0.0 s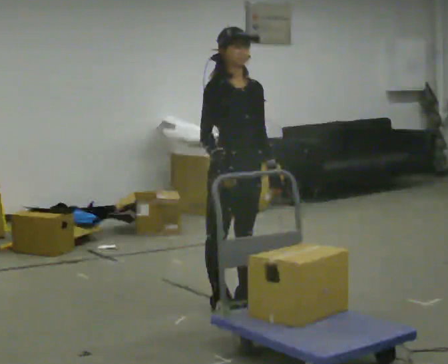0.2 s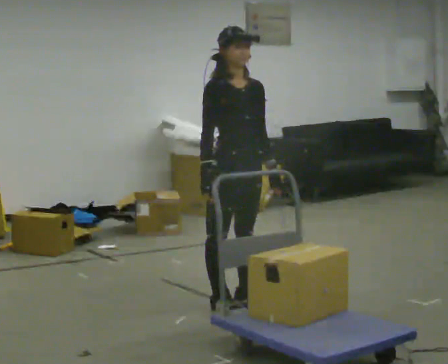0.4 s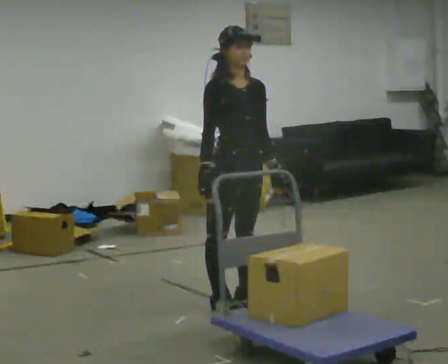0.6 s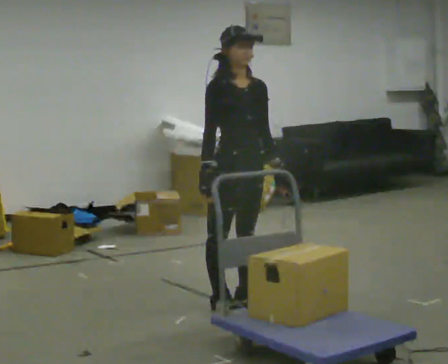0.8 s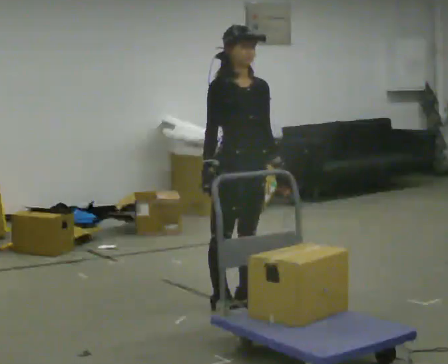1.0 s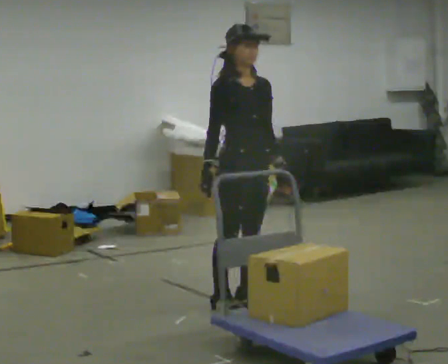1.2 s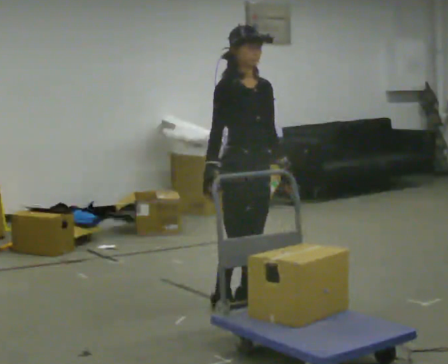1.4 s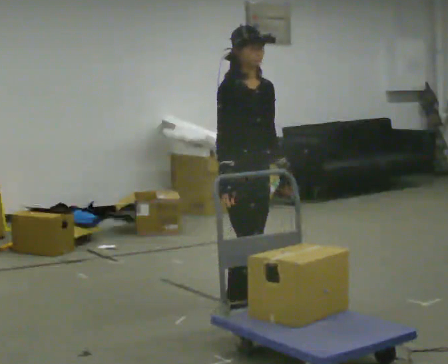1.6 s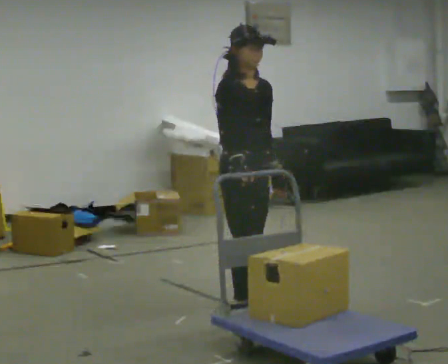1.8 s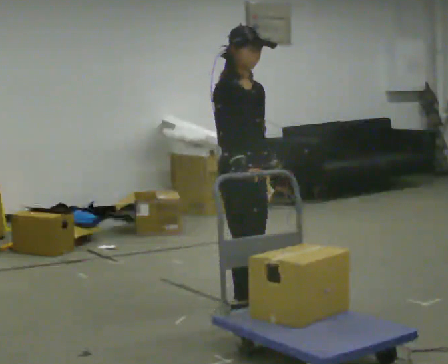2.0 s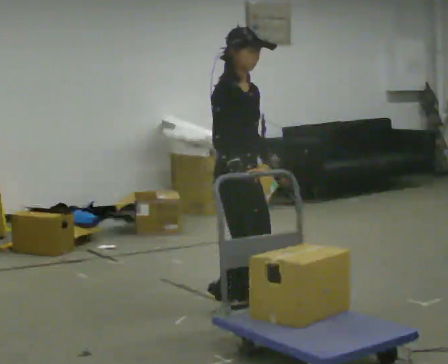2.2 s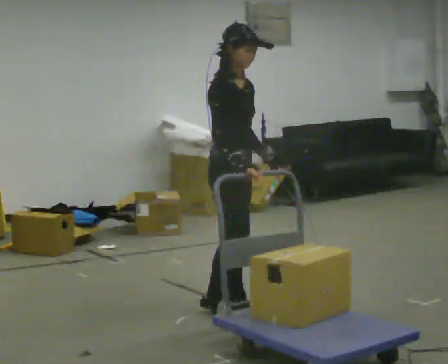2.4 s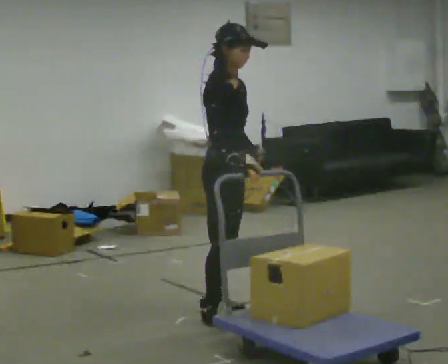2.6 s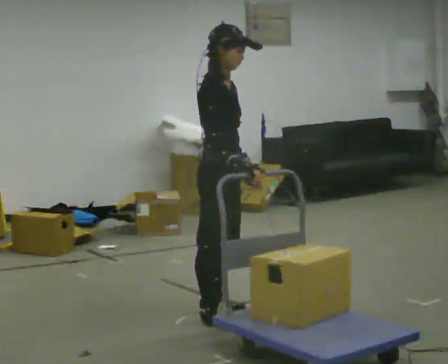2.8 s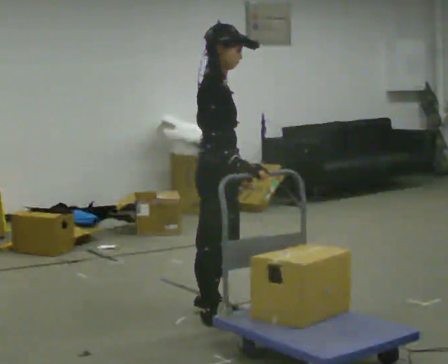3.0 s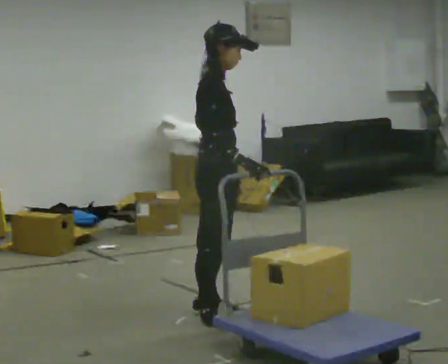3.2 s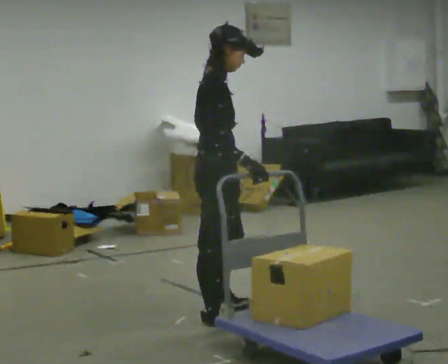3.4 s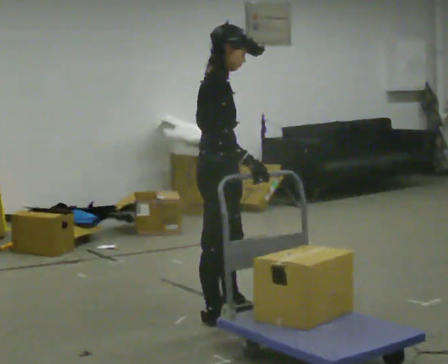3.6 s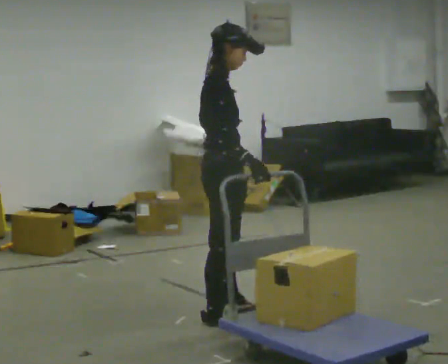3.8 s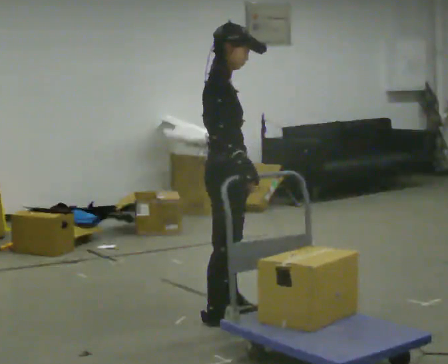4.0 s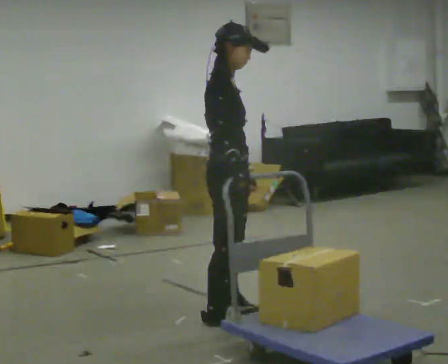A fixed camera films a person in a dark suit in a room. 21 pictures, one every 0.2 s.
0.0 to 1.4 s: The person moves a little, or ends about where they began.
1.4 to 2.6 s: The person turns about 30 degrees to their left, counterclockwise seen from above, so the part of the body nearest the lens slides to the right. In the picture they go toward the camera, about 0.25 m in 2 steps, which for them is to their right.
2.6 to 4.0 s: The person moves a little, or ends about where they began.
The film runs backward here.
